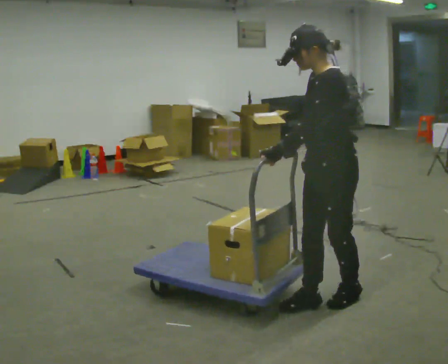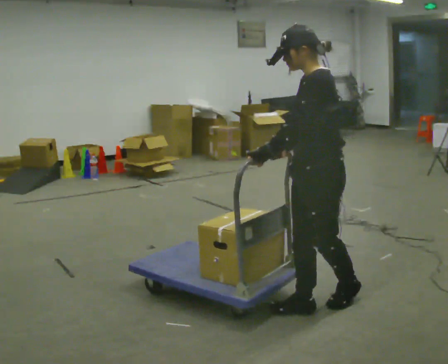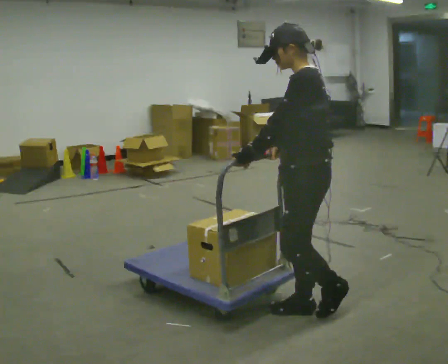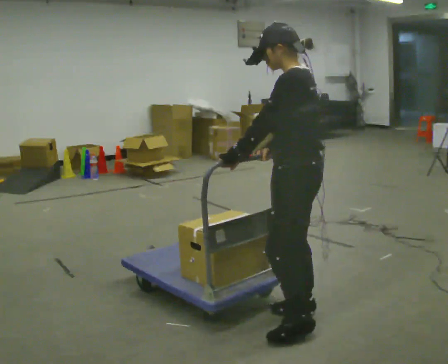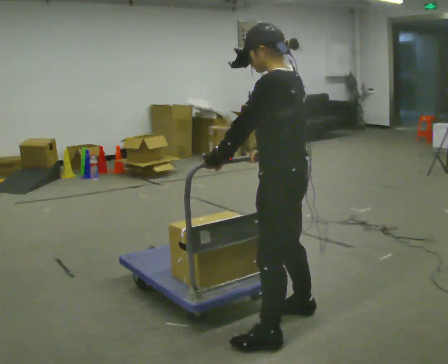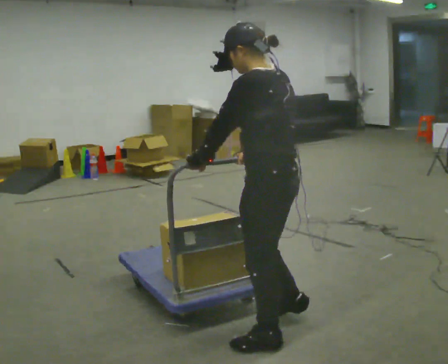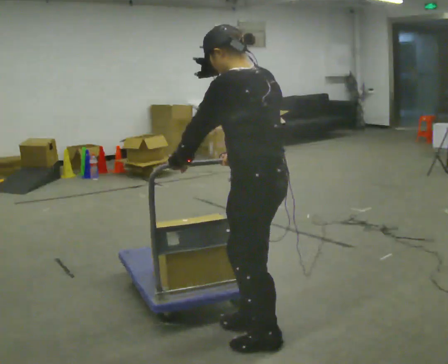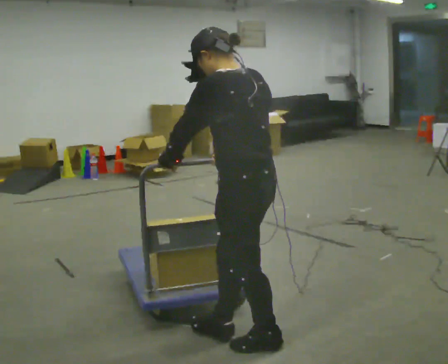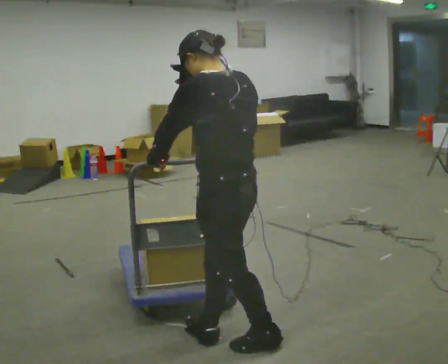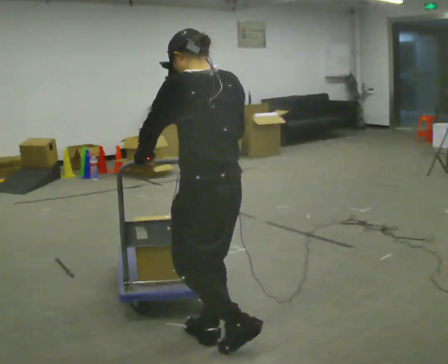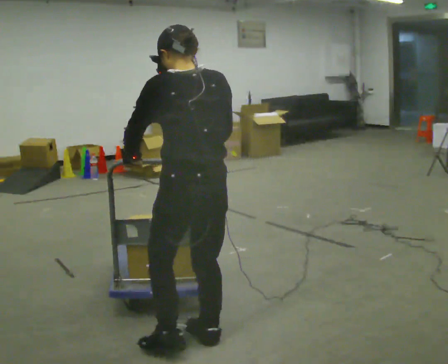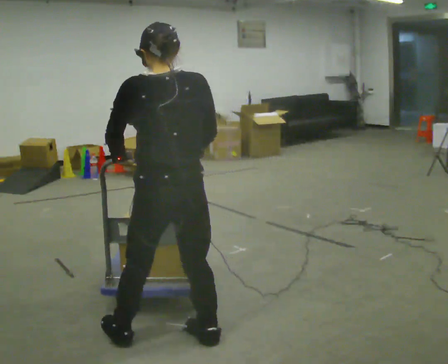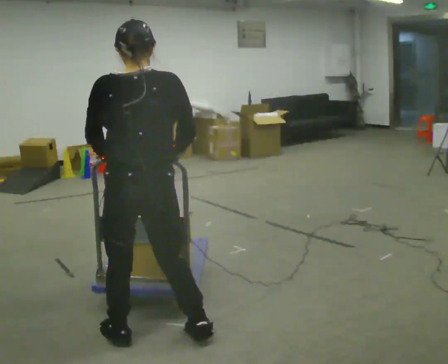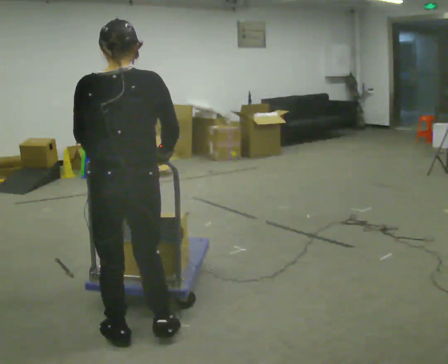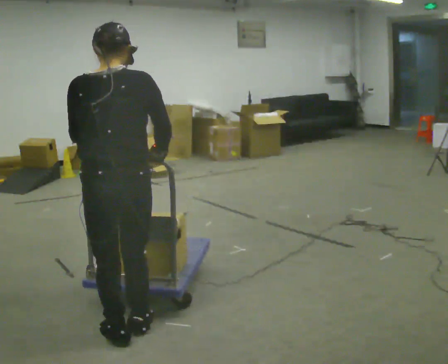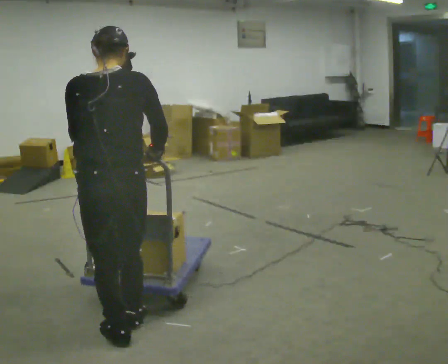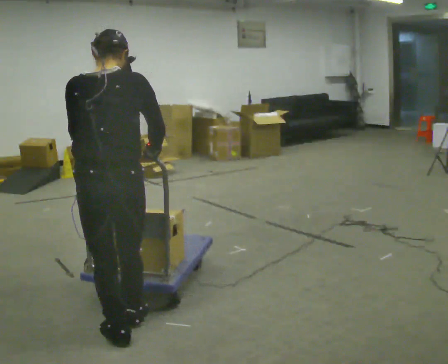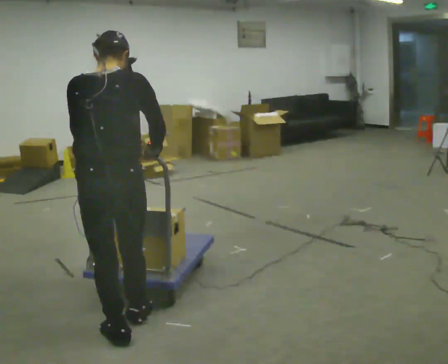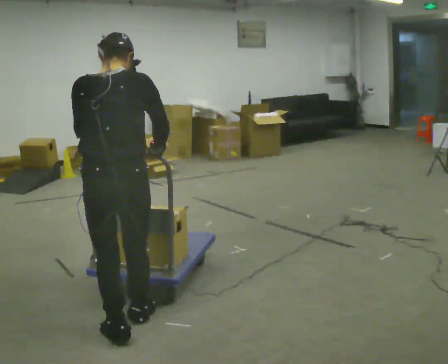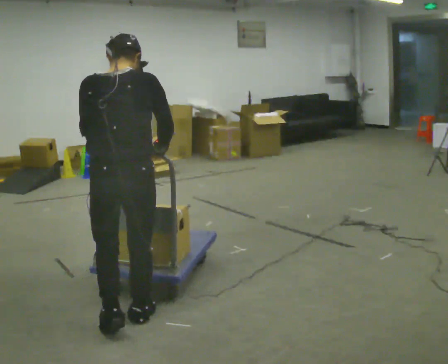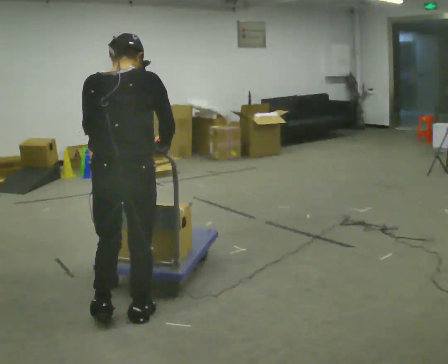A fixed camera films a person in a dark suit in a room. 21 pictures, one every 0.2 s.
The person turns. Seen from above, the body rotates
clockwise.
The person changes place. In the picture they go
to the left.
0.0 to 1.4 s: Seen from above the body turns clockwise, about 45 degrees: to their right, with its near side sliding to the left. In the picture they go to the left and toward the camera, about 0.5 m in 2 steps, which for them is to their left and forward.
1.4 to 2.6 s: The part of the body nearest the lens slides to the left as the person turns to their right by about 45 degrees. In the picture they go to the left, about 0.5 m in 2 steps, which for them is to their left and forward.
2.6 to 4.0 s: In the picture they go away from the camera, about 0.25 m in 1 step, which for them is forward.
The film runs forward here.
